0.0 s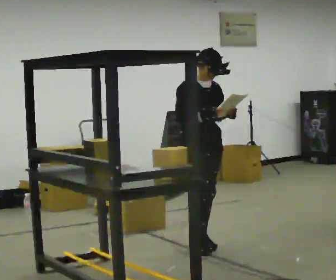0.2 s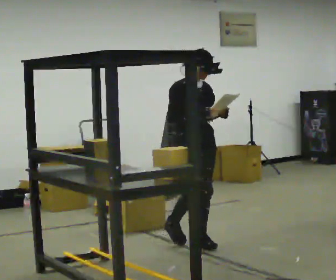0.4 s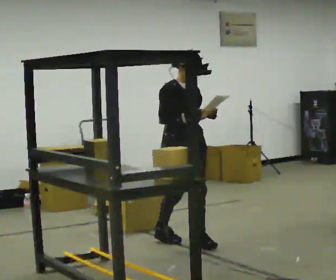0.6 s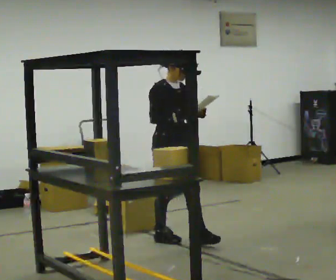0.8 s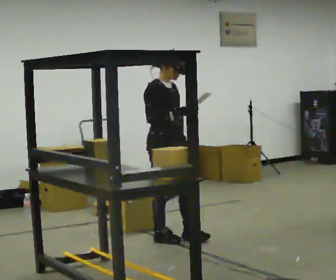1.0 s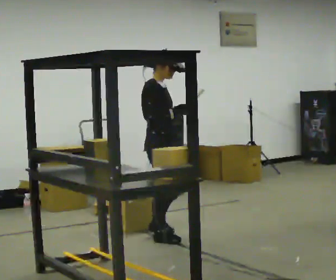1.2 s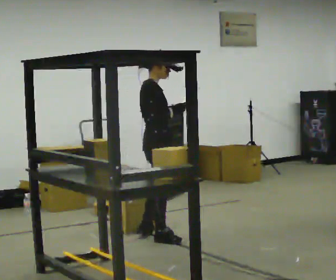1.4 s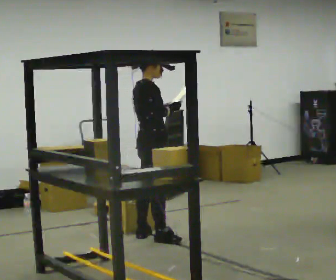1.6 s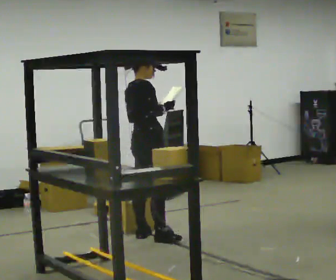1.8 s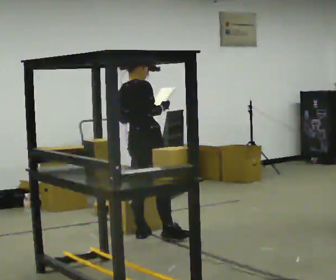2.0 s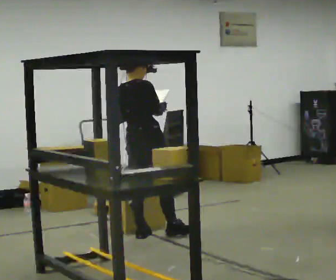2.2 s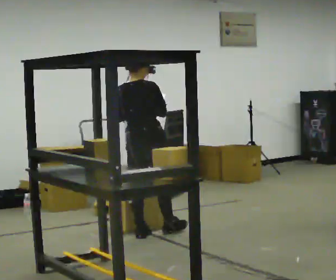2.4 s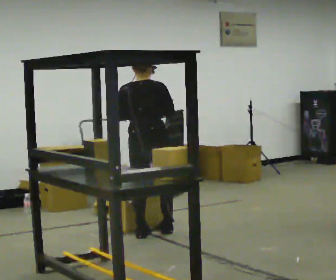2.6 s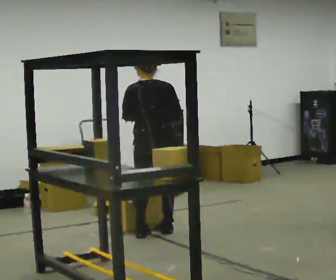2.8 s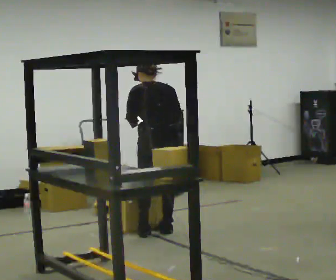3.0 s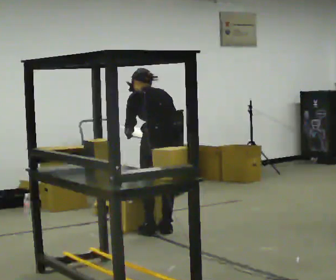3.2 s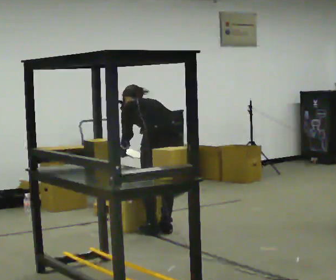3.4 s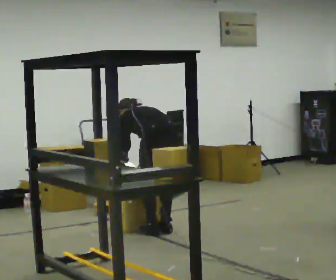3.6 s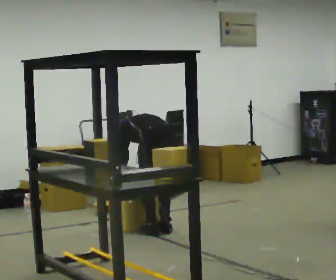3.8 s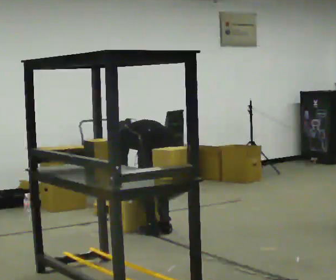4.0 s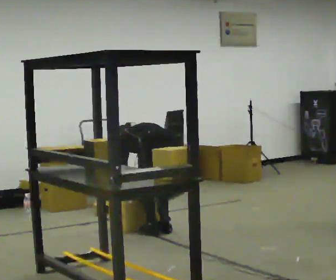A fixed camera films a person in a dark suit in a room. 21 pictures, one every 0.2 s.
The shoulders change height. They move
downward.
Their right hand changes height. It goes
downward.
0.0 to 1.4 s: The person turns about 60 degrees to their left, counterclockwise seen from above, so the part of the body nearest the lens slides to the right. In the picture they go to the left and away from the camera, about 0.5 m in 1 step.
1.4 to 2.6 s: Seen from above the body turns counterclockwise, about 75 degrees: to their left, with its near side sliding to the right. In the picture they go away from the camera, about 0.25 m in 1 step.
2.6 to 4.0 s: The part of the body nearest the lens slides to the right as the person turns to their left by about 30 degrees. The upper body goes downward. The upper body tips away from the camera, its near side rolling upward, as they bend forward. In the picture their left hand goes downward.
The film runs backward here.
